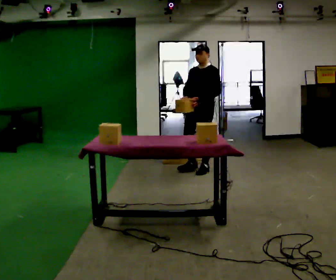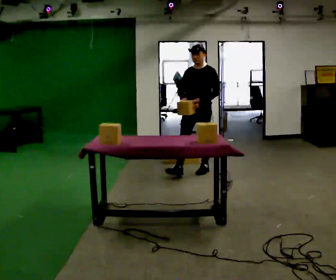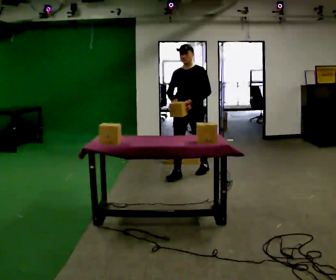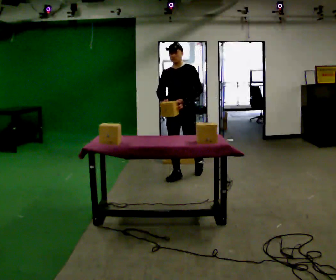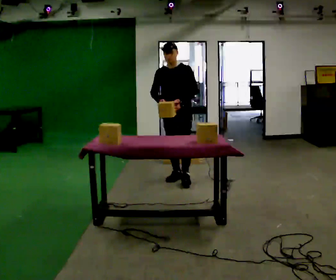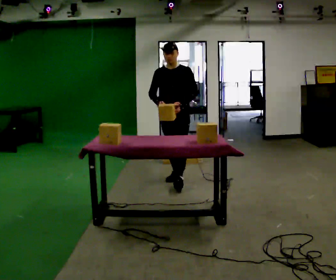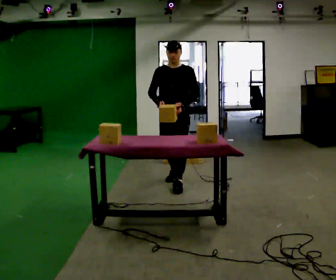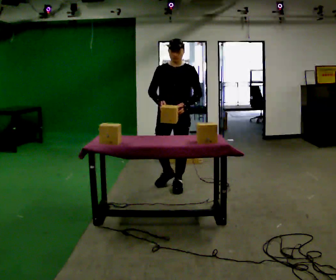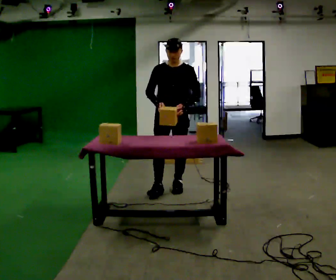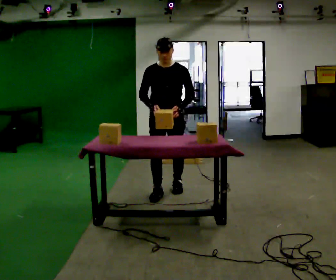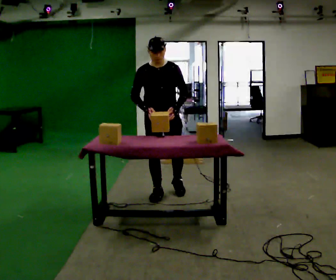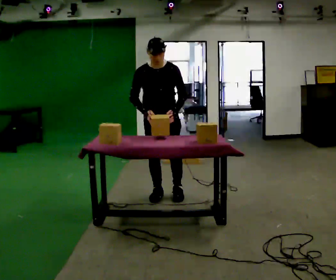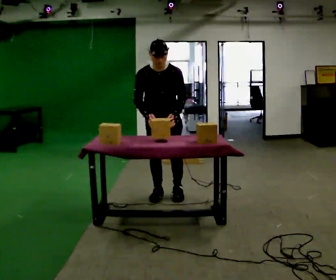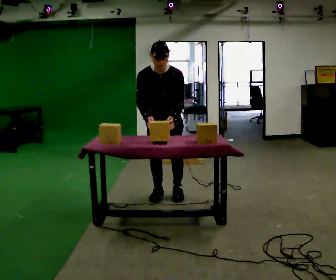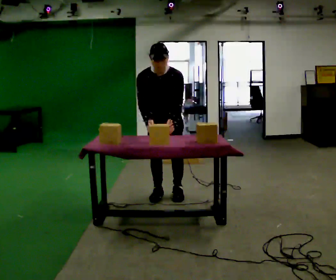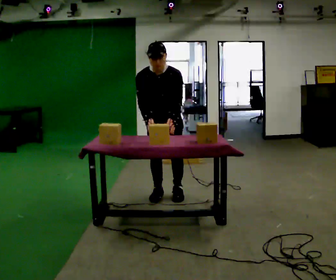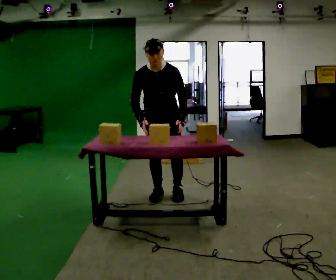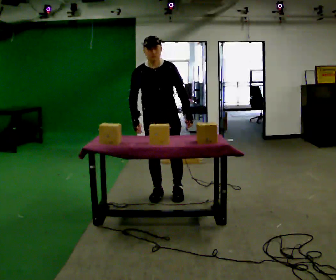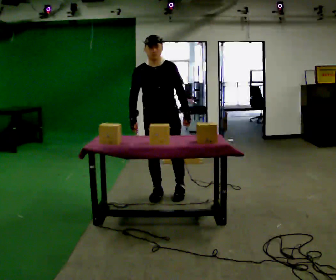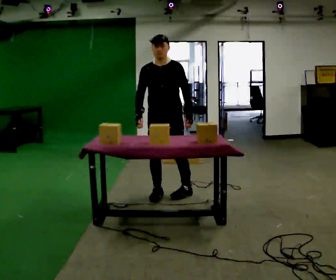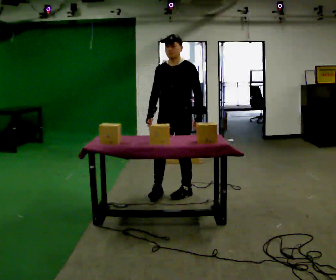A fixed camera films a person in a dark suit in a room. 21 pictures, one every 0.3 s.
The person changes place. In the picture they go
toward the camera.
0.0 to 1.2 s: In the picture they go toward the camera and to the left, about 0.5 m in 1 step, which for them is forward and to their right.
1.2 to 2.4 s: In the picture they go toward the camera, about 0.5 m in 1 step, which for them is forward.
2.4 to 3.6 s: In the picture they go toward the camera, about 0.25 m in 2 steps, which for them is forward and to their right. The upper body tips toward the camera, its near side rolling downward, as they bend forward.
3.6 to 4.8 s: The person moves a little, or ends about where they began.
4.8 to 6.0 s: The part of the body nearest the lens slides to the left as the person turns to their right by about 30 degrees. In the picture they go to the right, about 0.25 m, which for them is to their left. The upper body tips away from the camera, its near side rolling upward, as they lean back or straighten.
The film runs forward here.
